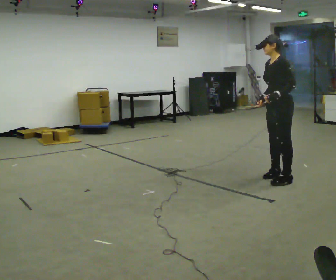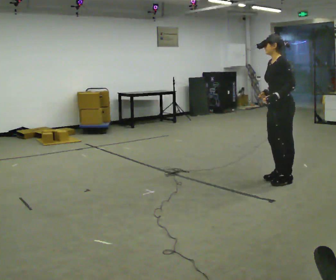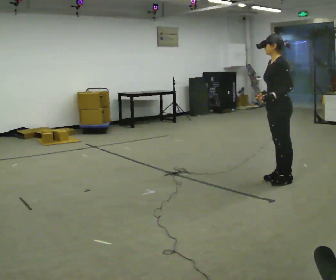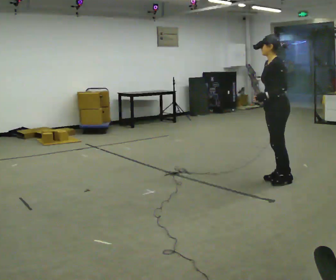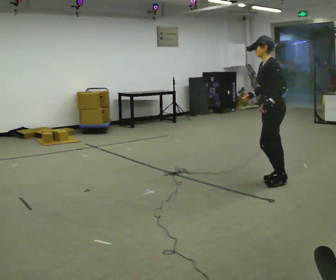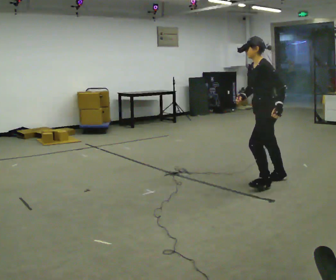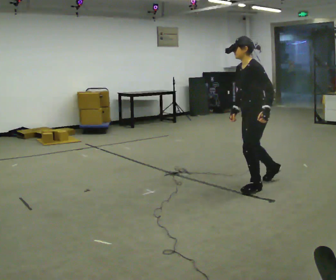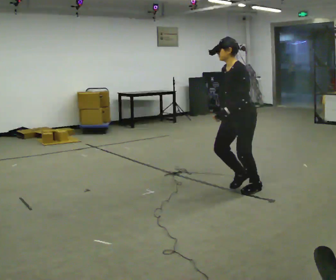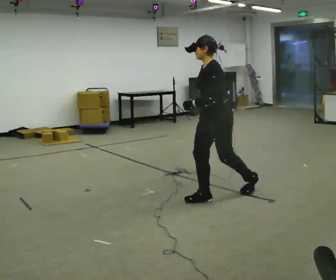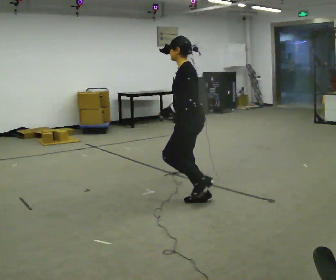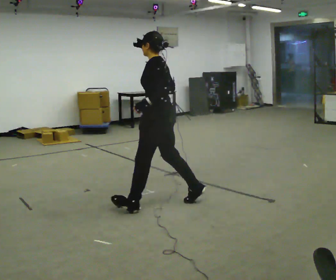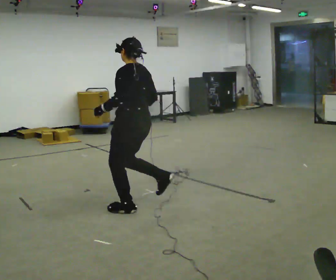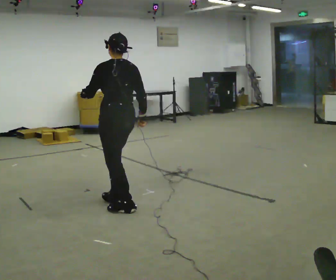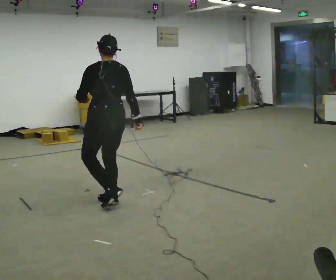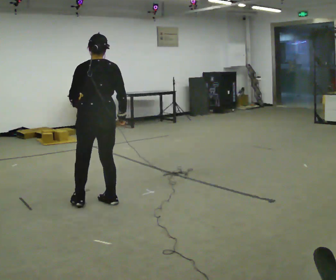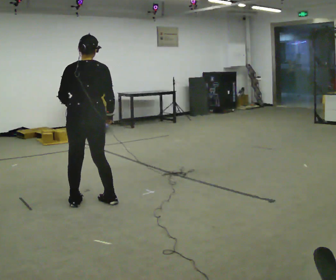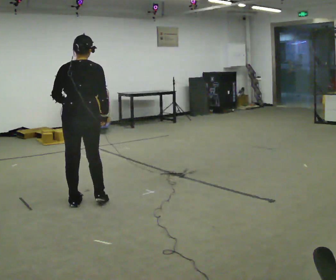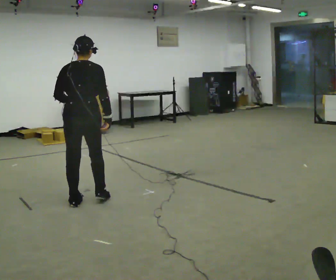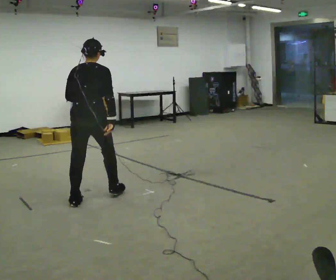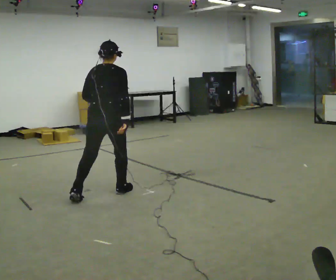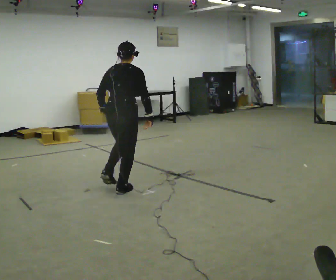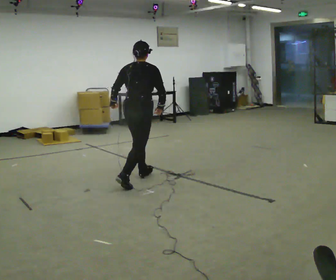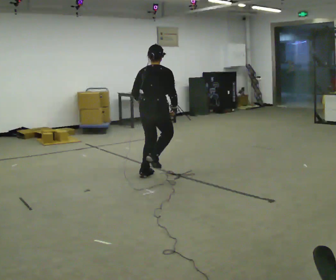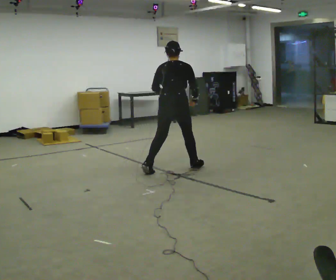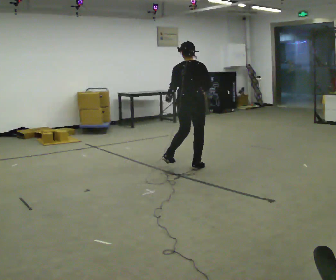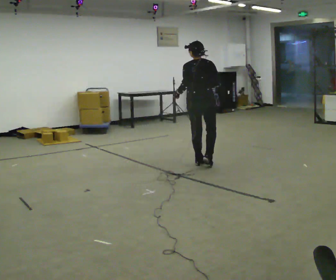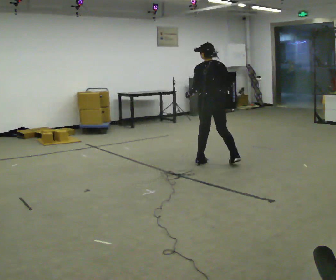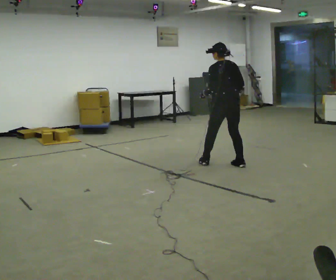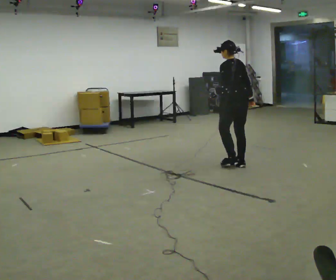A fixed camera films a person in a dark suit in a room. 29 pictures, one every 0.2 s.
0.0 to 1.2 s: In the picture they go to the left, about 0.5 m in 2 steps, which for them is forward and to their left.
1.2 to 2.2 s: The part of the body nearest the lens slides to the left as the person turns to their right by about 45 degrees. In the picture they go to the left, about 1 m in 2 steps, which for them is forward.
2.2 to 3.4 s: The person turns about 60 degrees to their right, clockwise seen from above, so the part of the body nearest the lens slides to the left. In the picture they go to the left and away from the camera, about 0.5 m in 2 steps, which for them is to their left and forward.
3.4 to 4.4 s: In the picture they go to the right and away from the camera, about 1 m in 2 steps, which for them is forward.
4.4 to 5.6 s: The part of the body nearest the lens slides to the right as the person turns to their left by about 60 degrees. In the picture they go to the right, about 1 m in 3 steps, which for them is to their right.
The film runs forward here.
